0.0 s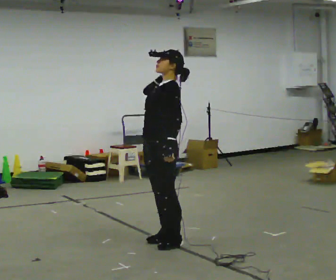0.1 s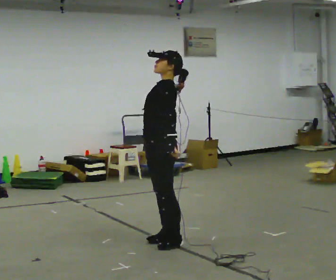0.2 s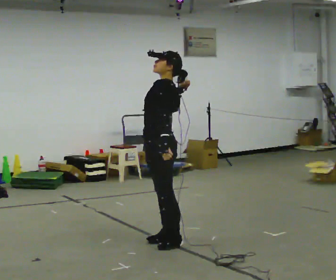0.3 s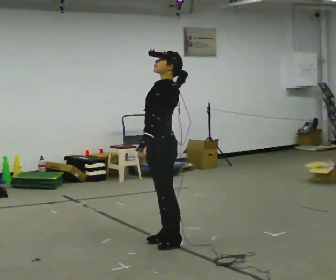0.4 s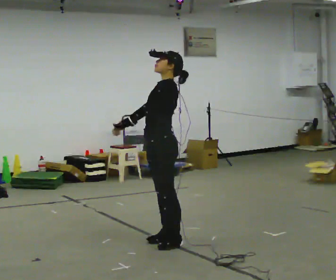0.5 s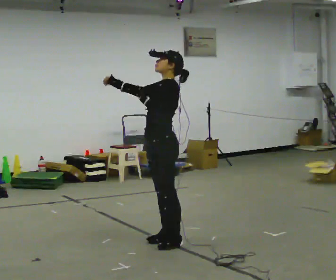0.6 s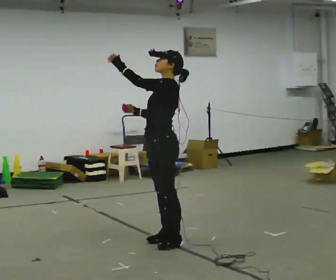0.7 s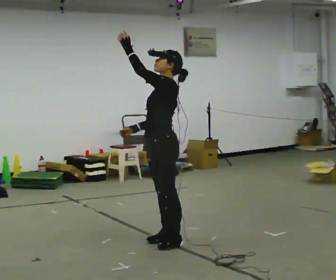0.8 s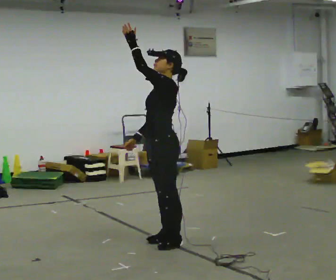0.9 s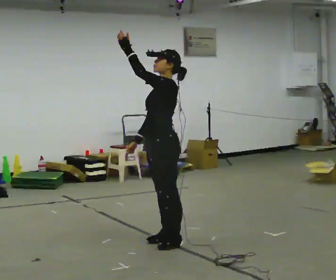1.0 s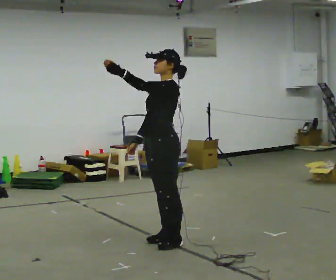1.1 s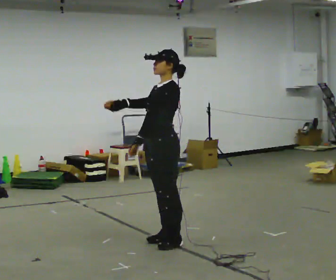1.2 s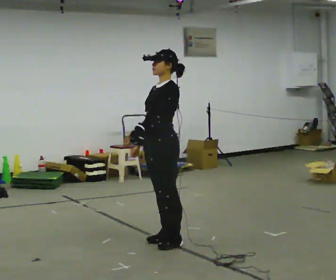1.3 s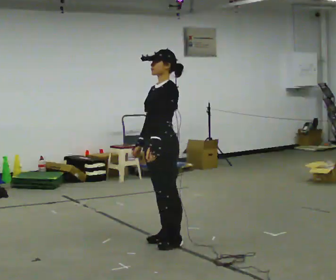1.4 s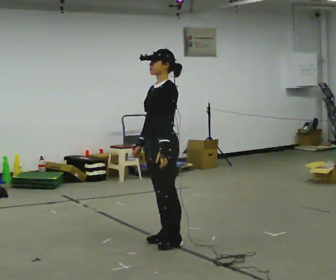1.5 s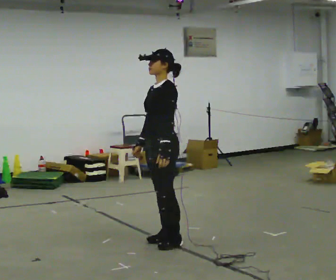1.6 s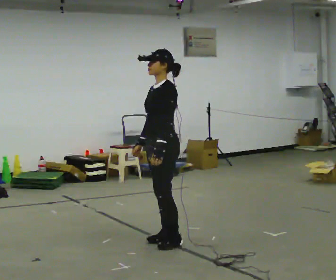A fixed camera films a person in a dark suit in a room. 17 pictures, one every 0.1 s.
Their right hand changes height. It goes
downward.
0.0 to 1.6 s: In the picture their right hand goes downward.
The film runs backward here.
